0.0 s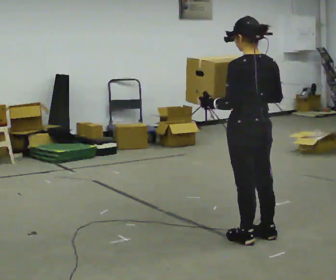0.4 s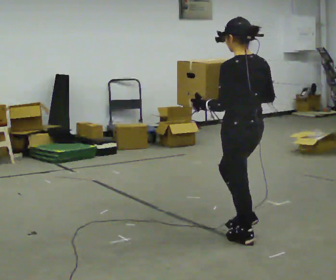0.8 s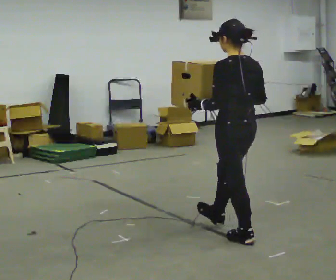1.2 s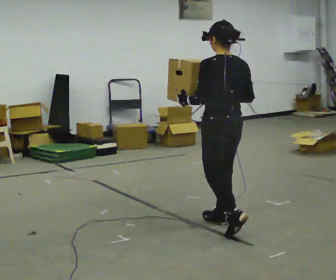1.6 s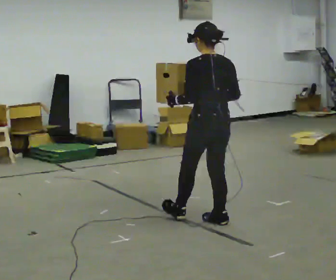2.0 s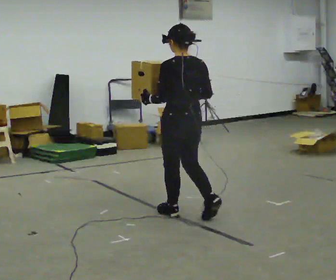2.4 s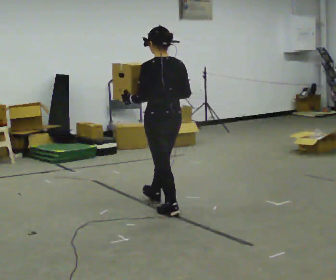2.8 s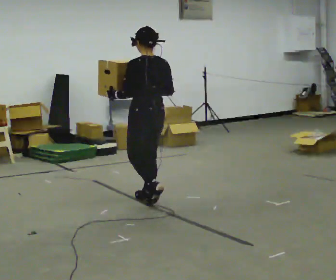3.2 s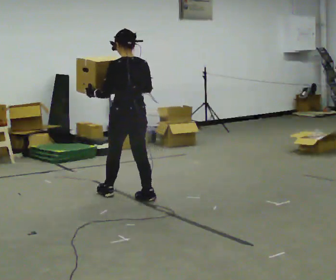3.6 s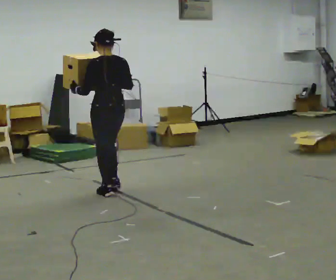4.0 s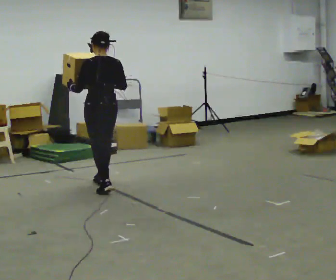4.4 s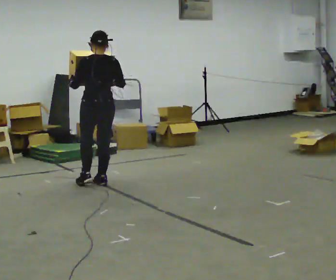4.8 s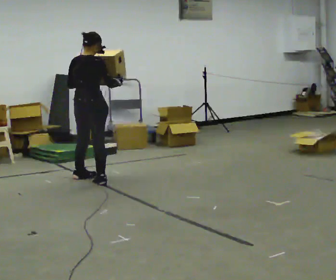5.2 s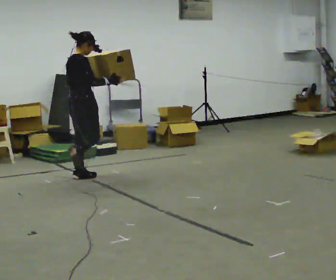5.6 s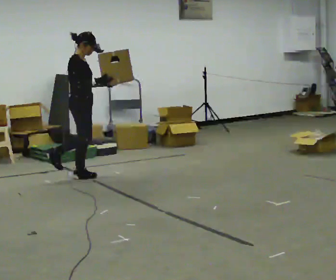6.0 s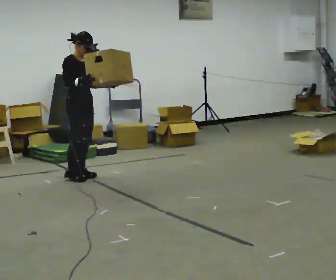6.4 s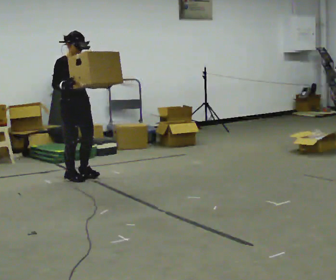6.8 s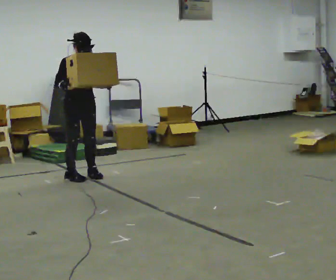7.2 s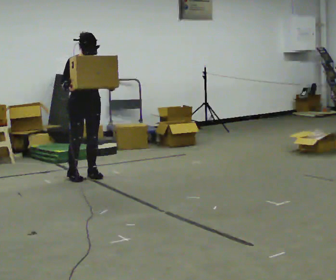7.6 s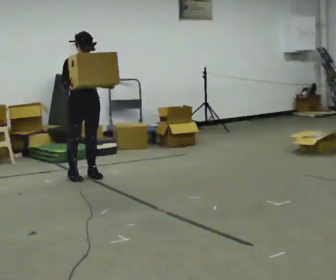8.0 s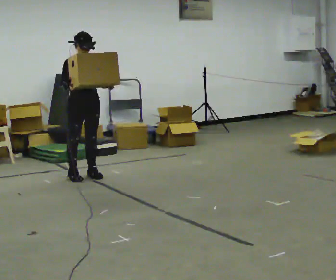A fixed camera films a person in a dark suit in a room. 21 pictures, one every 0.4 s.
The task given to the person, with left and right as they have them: Carry the heaviest box in both hands in front of you, walking back and forth across the room. Only carry what is comfortable. Set it down whenever you need to.
0.0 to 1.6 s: In the picture they go away from the camera and to the left, about 0.5 m in 1 step, which for them is forward.
1.6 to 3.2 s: In the picture they go away from the camera and to the left, about 1 m in 3 steps, which for them is forward.
3.2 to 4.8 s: The person turns about 60 degrees to their right, clockwise seen from above, so the part of the body nearest the lens slides to the left. In the picture they go away from the camera and to the left, about 1 m in 2 steps, which for them is forward.
4.8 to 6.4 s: The person turns about 120 degrees to their right, clockwise seen from above, so the part of the body nearest the lens slides to the left. In the picture they go away from the camera and to the left, about 0.25 m in 1 step. In the picture their right hand goes to the left.
6.4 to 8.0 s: The person moves a little, or ends about where they began.
The film runs forward here.
